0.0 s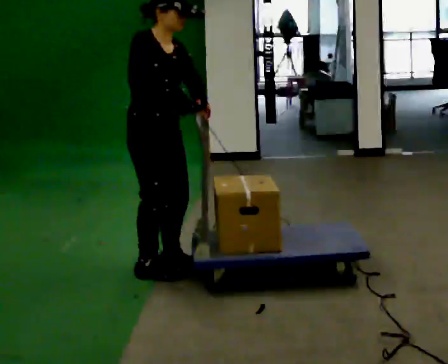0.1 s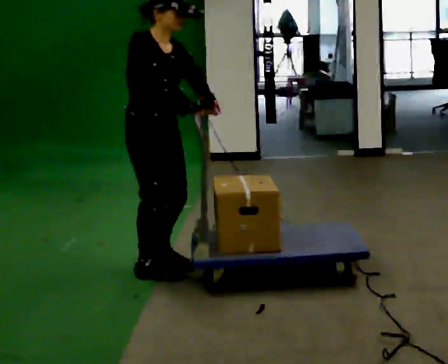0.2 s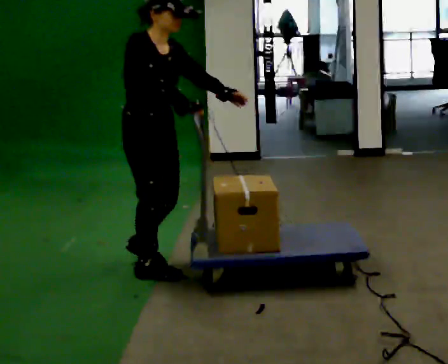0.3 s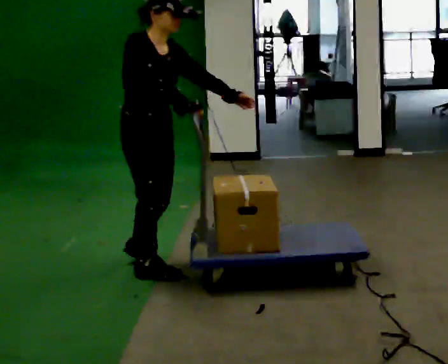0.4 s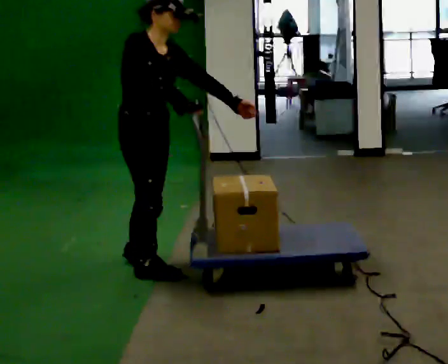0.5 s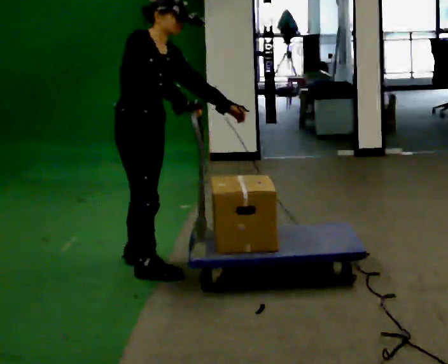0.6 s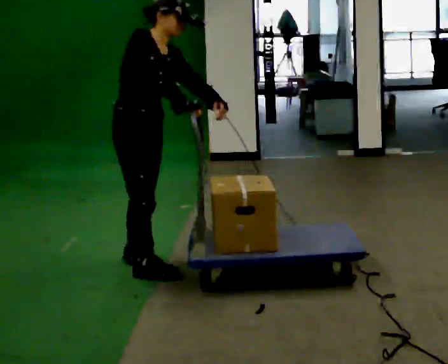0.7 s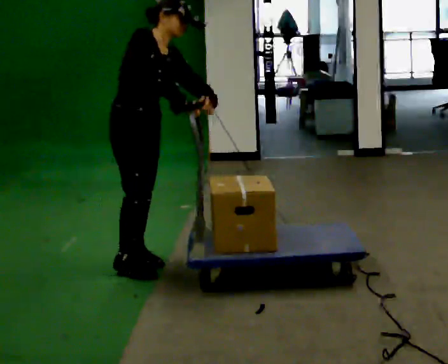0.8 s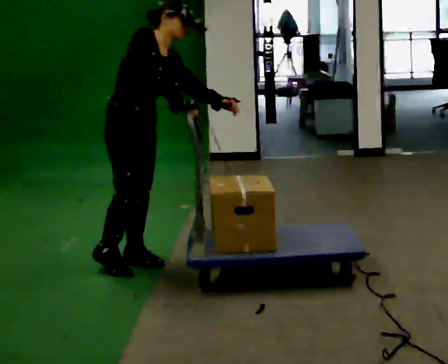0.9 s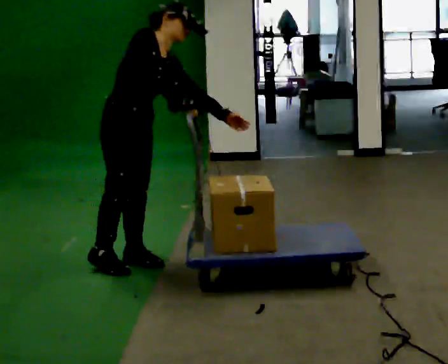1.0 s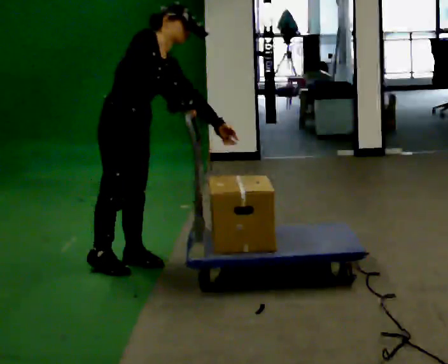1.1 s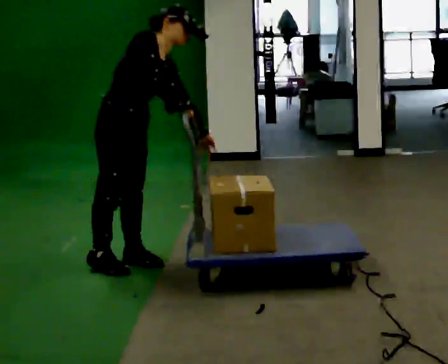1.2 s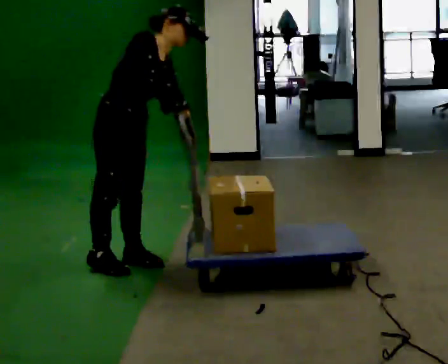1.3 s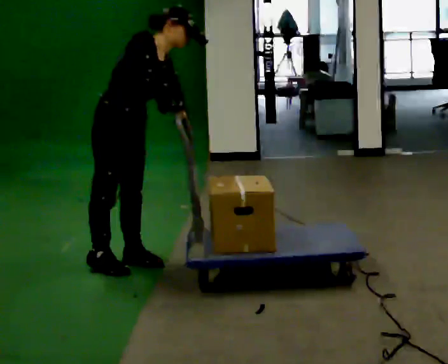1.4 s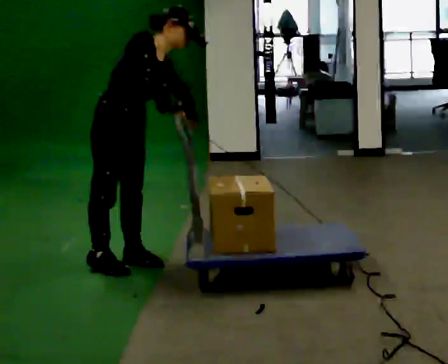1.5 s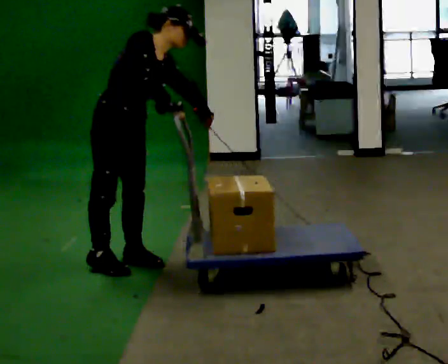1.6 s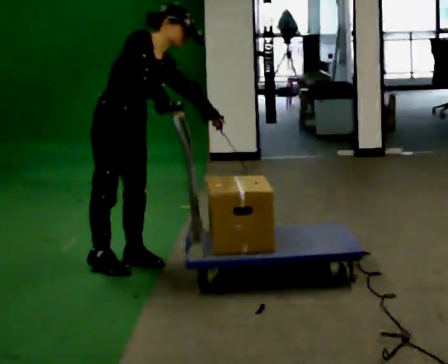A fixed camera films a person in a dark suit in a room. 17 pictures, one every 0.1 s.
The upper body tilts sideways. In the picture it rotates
clockwise.
0.0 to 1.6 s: In the picture they go to the left, about 0.25 m in 1 step, which for them is backward. In the picture the upper body tilts clockwise, shoulders to the right, as they bend forward.
The film runs backward here.
